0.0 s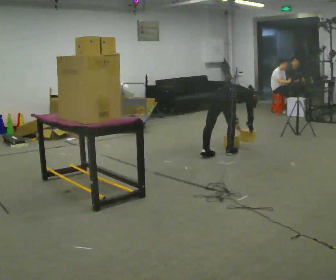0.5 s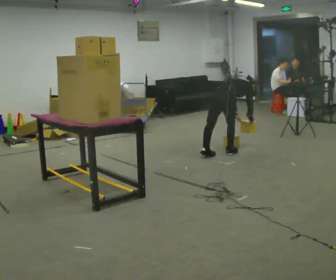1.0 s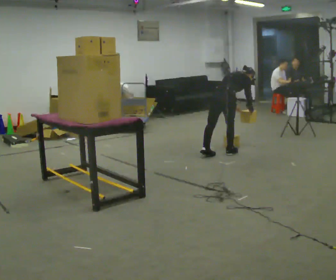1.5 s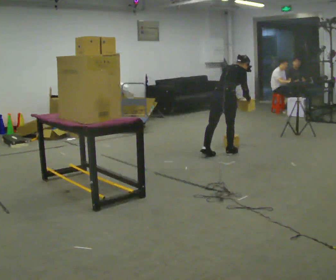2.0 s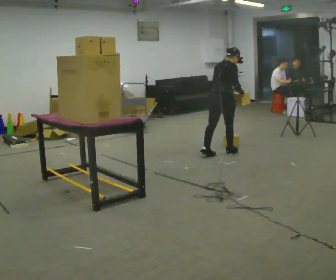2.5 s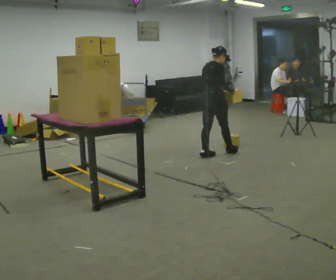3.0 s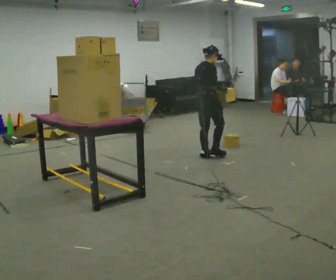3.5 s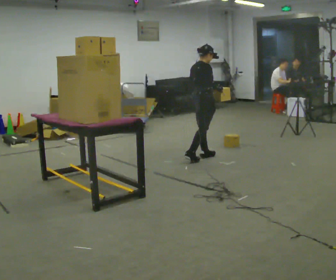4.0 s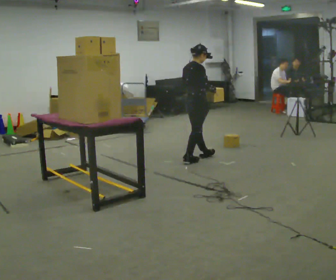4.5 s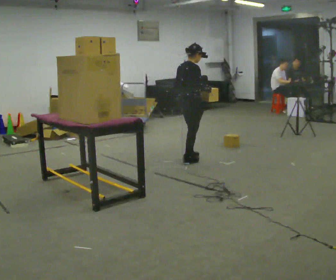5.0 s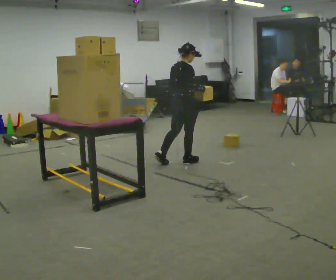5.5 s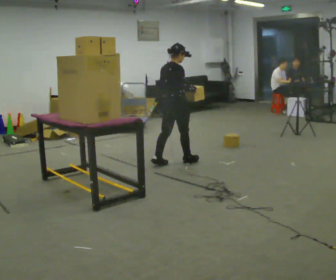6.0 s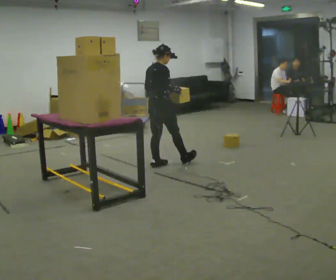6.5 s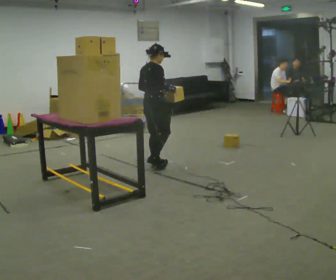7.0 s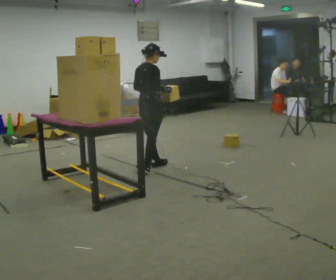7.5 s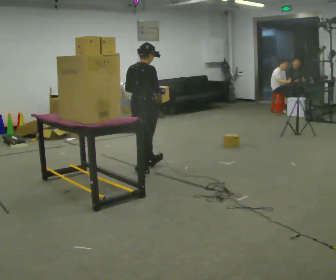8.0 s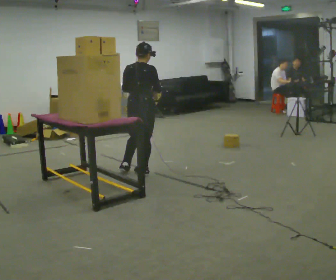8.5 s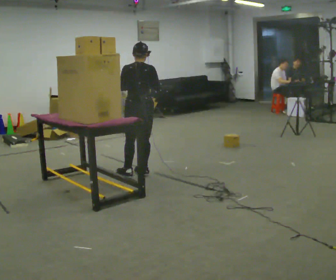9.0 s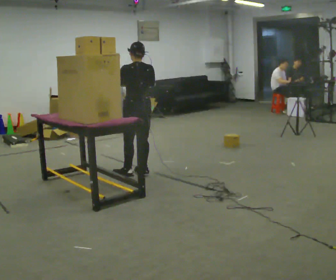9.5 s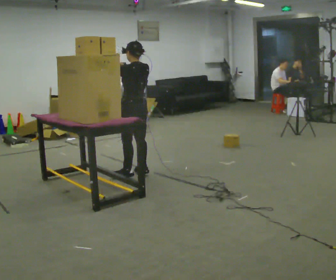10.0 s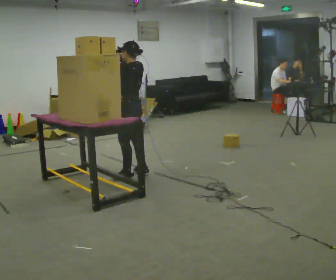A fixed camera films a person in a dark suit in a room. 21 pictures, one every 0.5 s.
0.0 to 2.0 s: The shoulders move upward. The upper body tips toward the camera, its near side rolling downward, as they lean back or straighten. In the picture their right hand goes upward.
2.0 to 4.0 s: In the picture they go to the left and toward the camera, about 0.5 m in 1 step, which for them is backward.
4.0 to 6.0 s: In the picture they go to the left and toward the camera, about 0.5 m in 1 step, which for them is backward.
6.0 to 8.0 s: The part of the body nearest the lens slides to the right as the person turns to their left by about 45 degrees. In the picture they go toward the camera, about 0.5 m in 2 steps, which for them is backward and to their right.
8.0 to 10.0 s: The part of the body nearest the lens slides to the right as the person turns to their left by about 75 degrees. In the picture their right hand goes to the left and upward.
The film runs backward here.
